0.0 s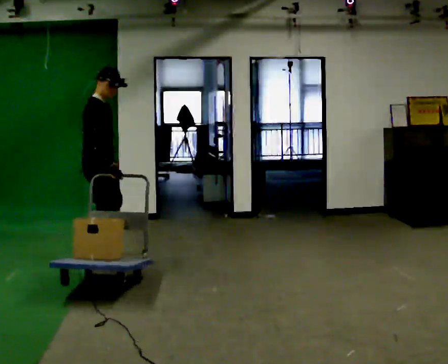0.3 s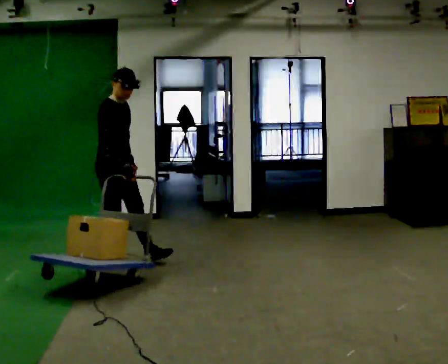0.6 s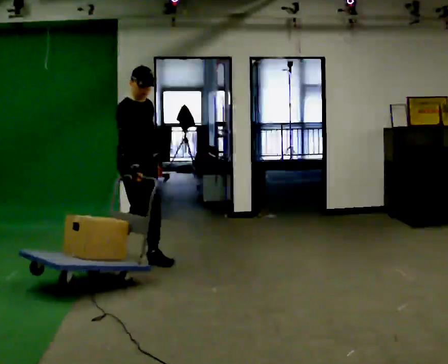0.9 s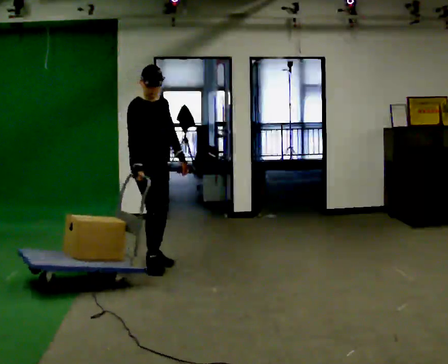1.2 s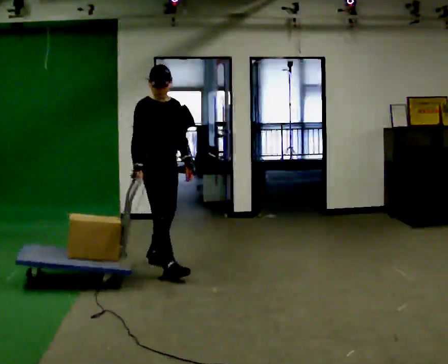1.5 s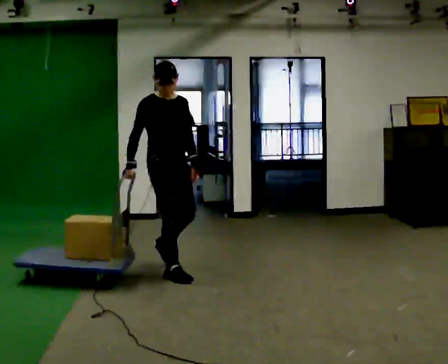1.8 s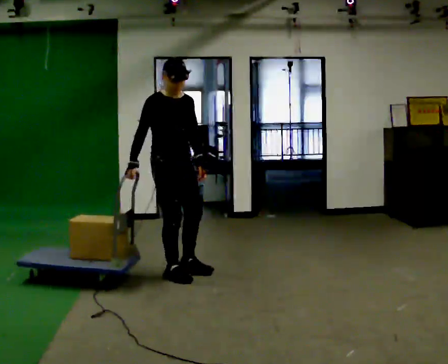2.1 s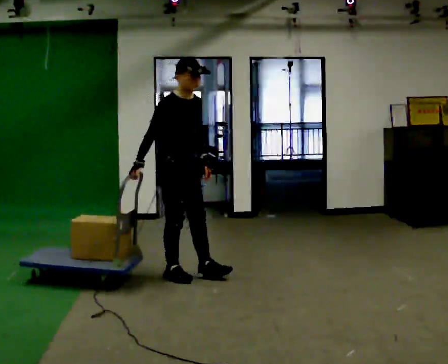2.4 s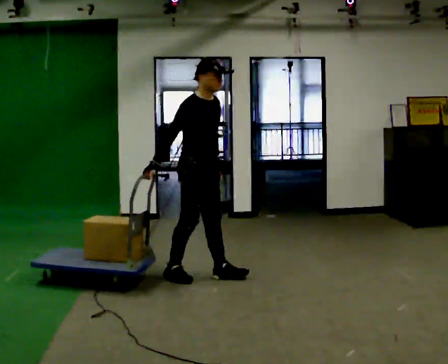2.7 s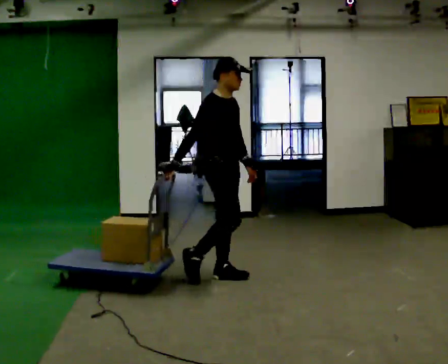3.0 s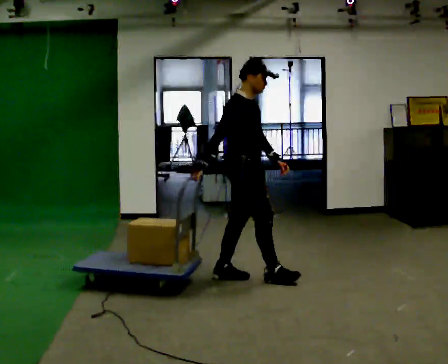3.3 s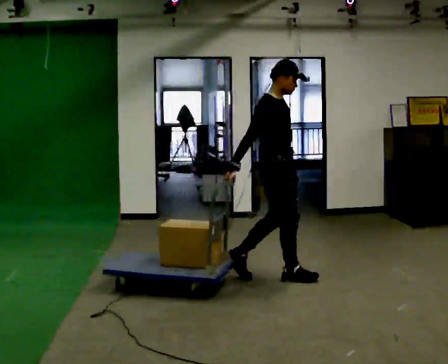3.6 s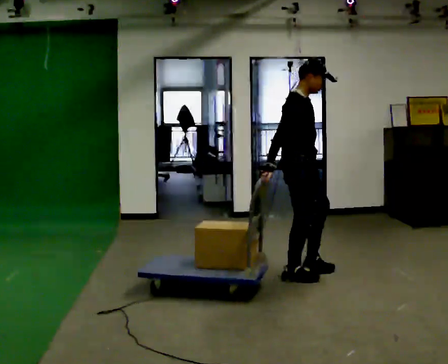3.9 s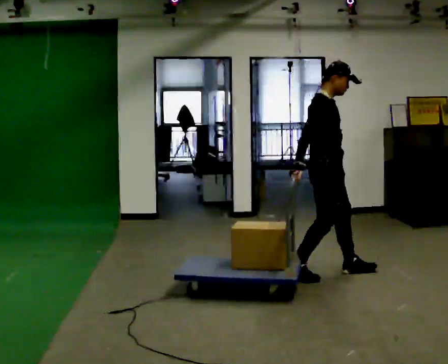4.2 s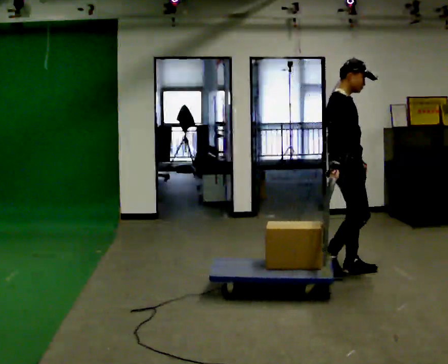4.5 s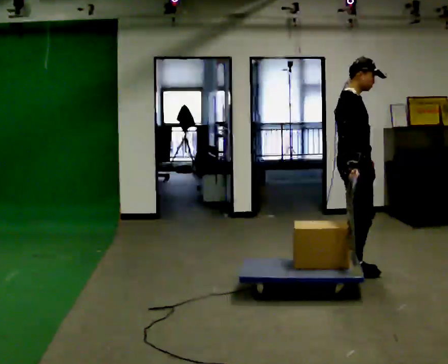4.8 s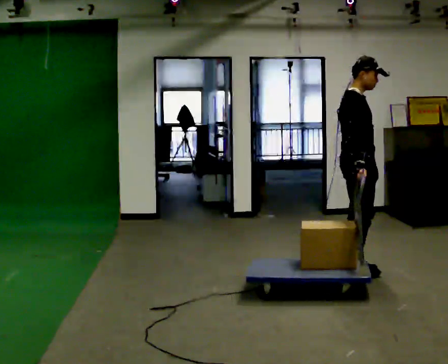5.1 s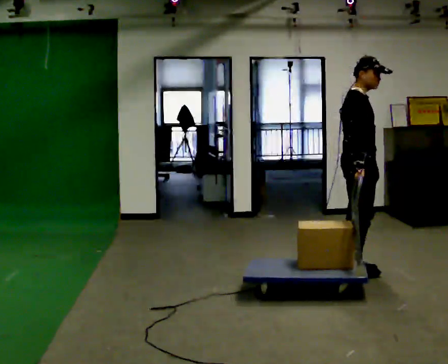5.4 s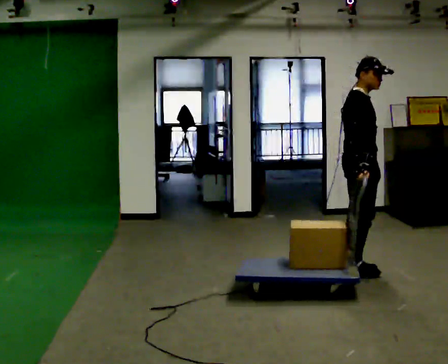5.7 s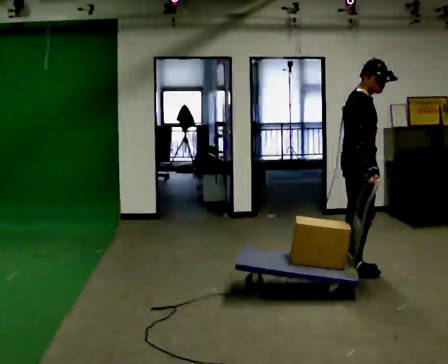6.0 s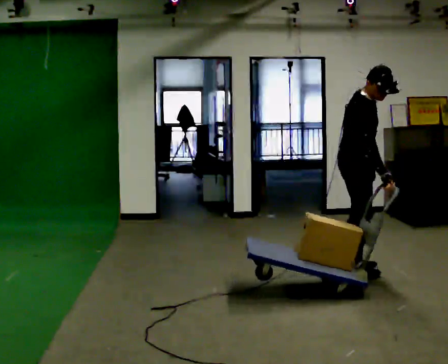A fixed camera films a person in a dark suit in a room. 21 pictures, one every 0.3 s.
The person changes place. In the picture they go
to the right.
0.0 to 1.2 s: The person turns about 45 degrees to their right, clockwise seen from above, so the part of the body nearest the lens slides to the left. In the picture they go to the right, about 0.5 m in 2 steps, which for them is forward.
1.2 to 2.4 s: In the picture they go to the right and toward the camera, about 0.5 m in 1 step, which for them is forward.
2.4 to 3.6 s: In the picture they go to the right, about 1 m in 1 step, which for them is forward.
3.6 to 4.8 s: In the picture they go to the right, about 0.5 m in 2 steps, which for them is forward and to their left.
4.8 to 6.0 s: The person moves a little, or ends about where they began.
The film runs forward here.
